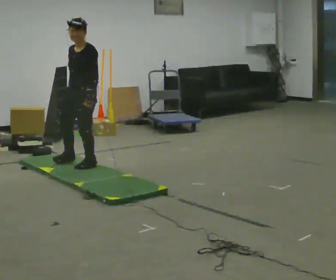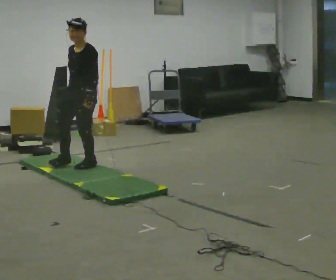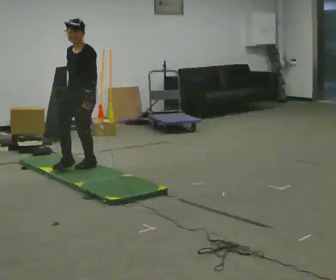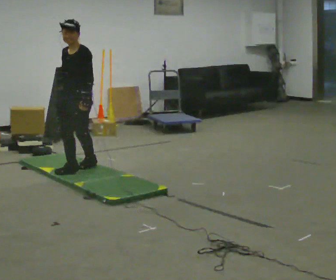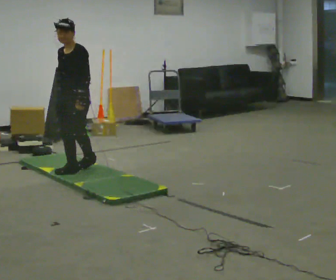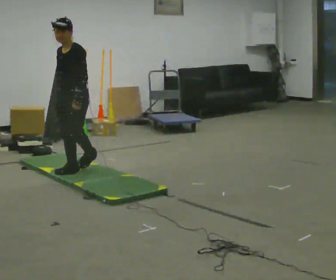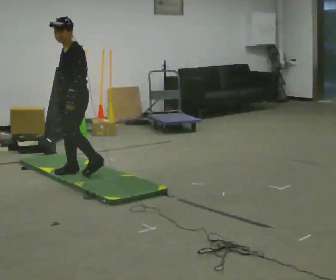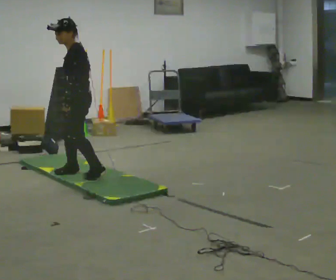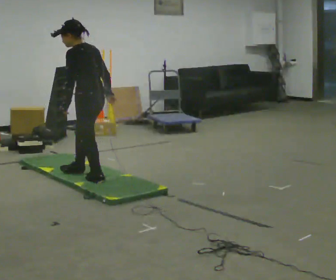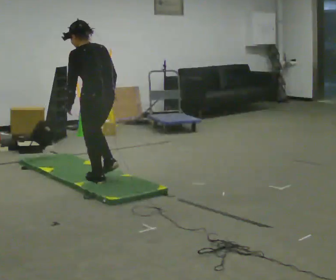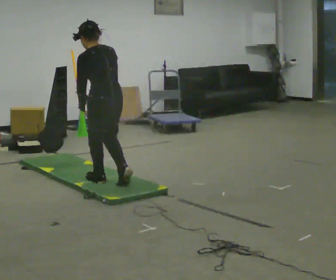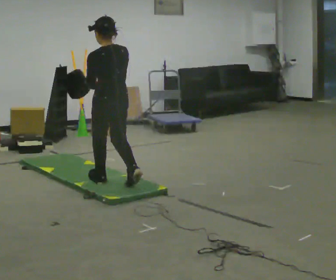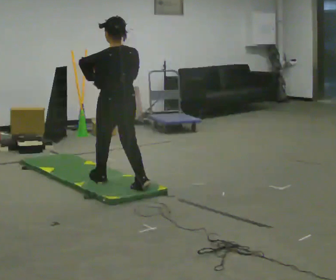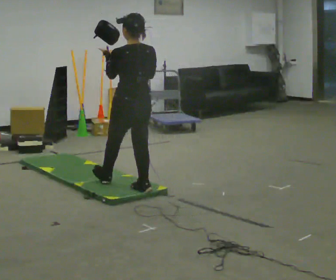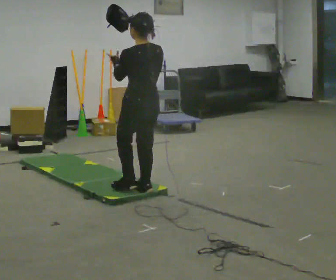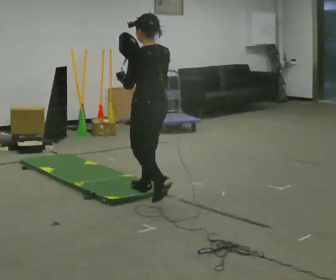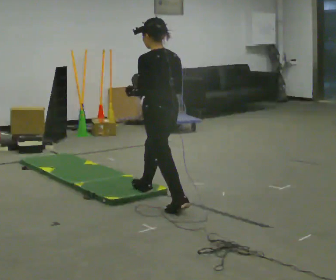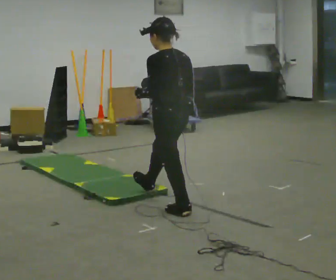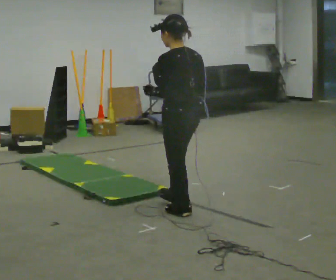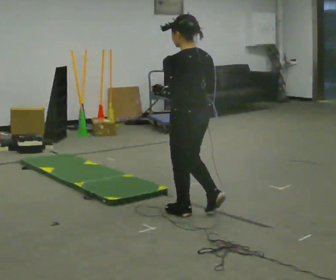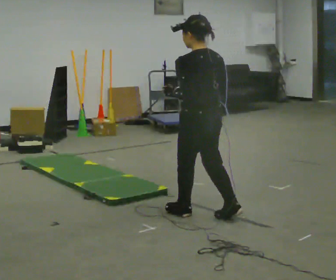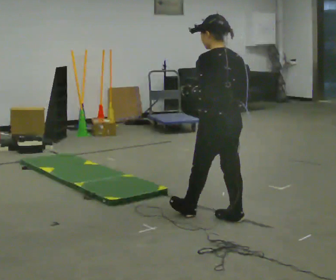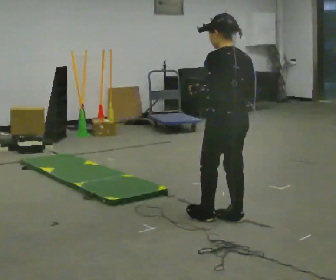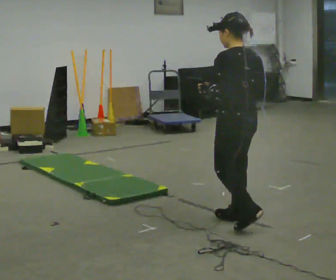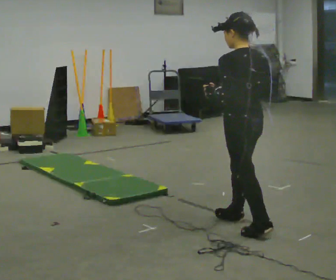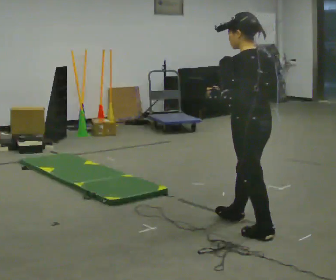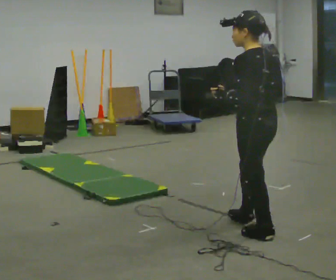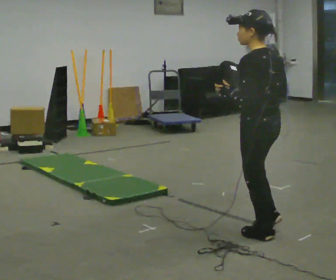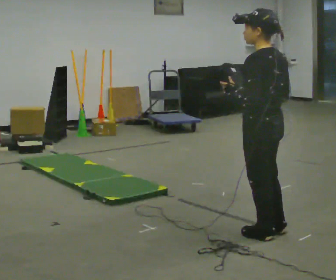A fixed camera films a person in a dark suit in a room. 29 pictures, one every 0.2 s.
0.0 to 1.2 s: In the picture they go toward the camera, about 0.25 m in 1 step, which for them is forward and to their left.
1.2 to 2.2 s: The person turns about 75 degrees to their right, clockwise seen from above, so the part of the body nearest the lens slides to the left. In the picture they go to the right and toward the camera, about 0.5 m in 1 step.
2.2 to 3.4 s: In the picture they go toward the camera and to the right, about 0.5 m in 2 steps, which for them is backward.
3.4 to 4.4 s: In the picture they go to the right and toward the camera, about 0.5 m in 1 step, which for them is backward.
4.4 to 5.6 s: In the picture they go toward the camera and to the right, about 0.25 m in 1 step, which for them is backward.
The film runs backward here.
